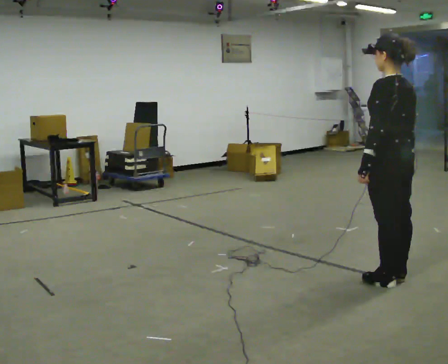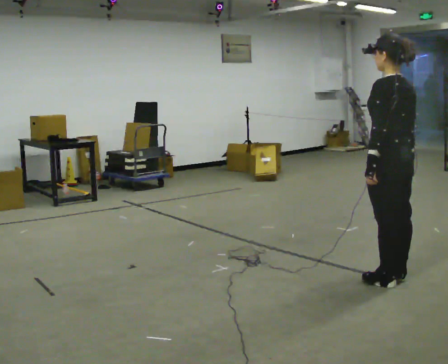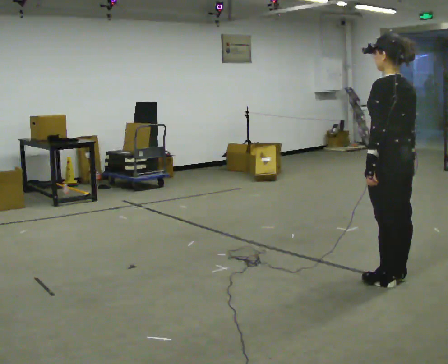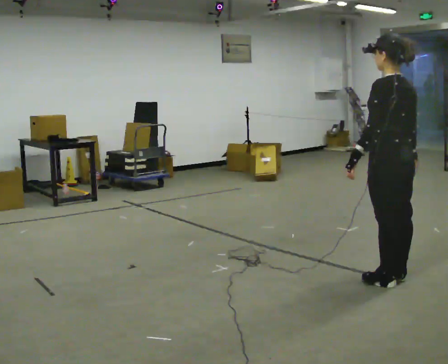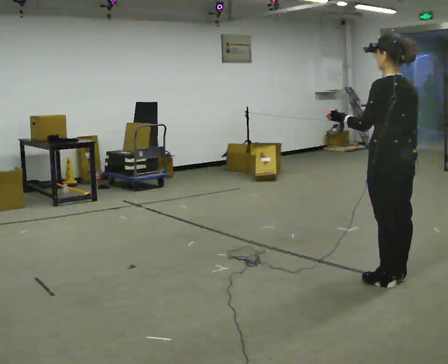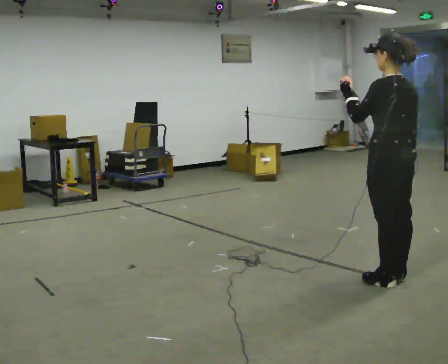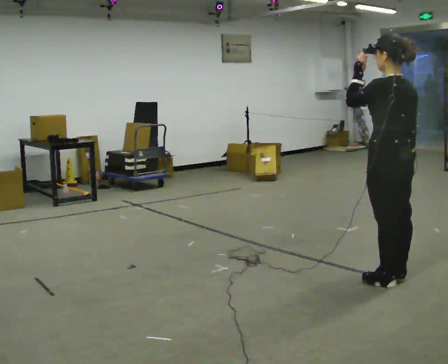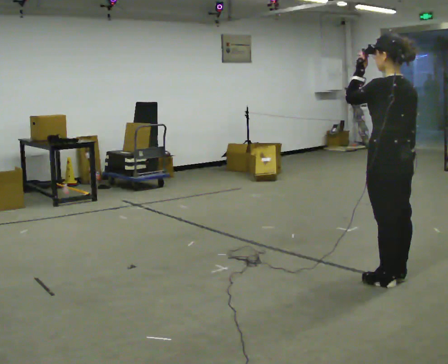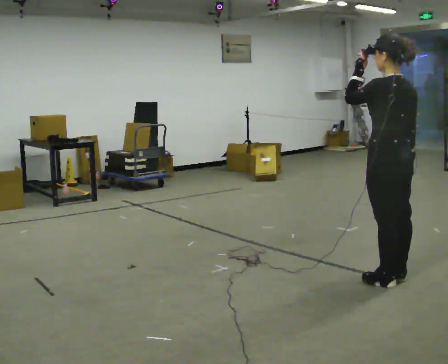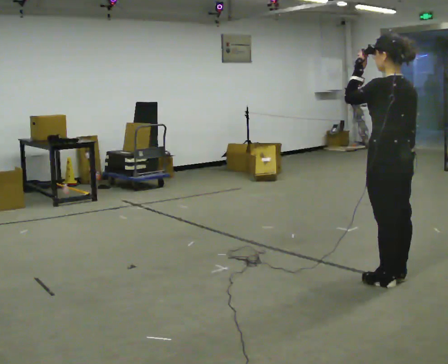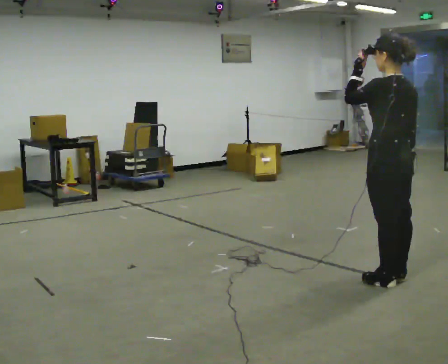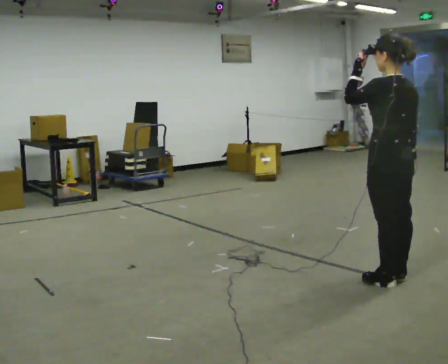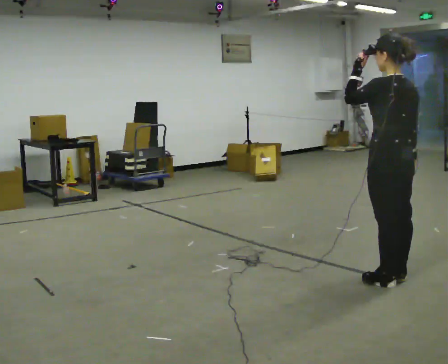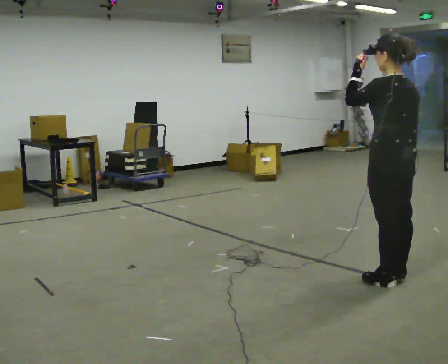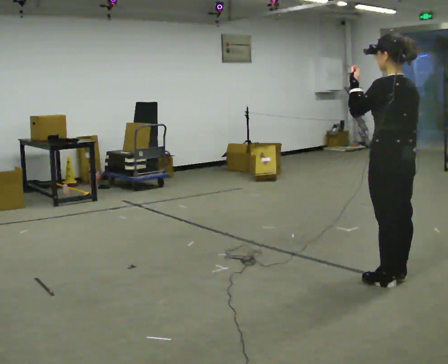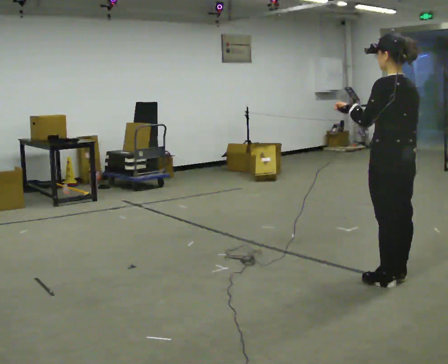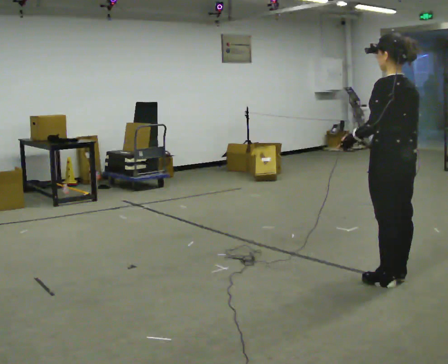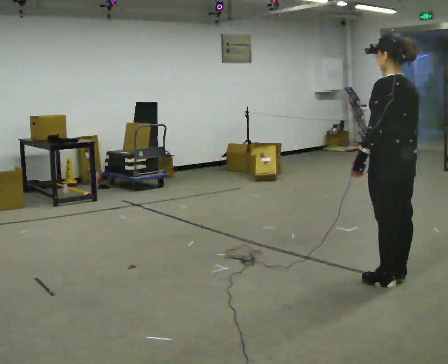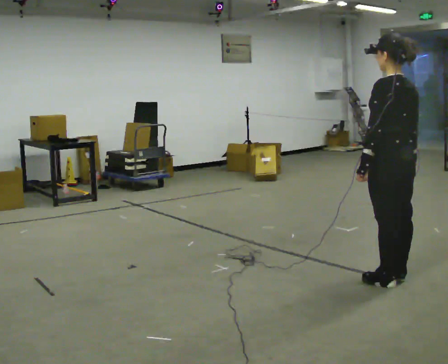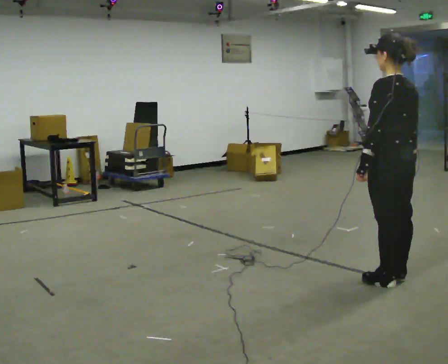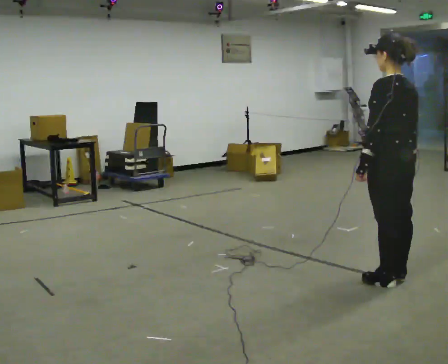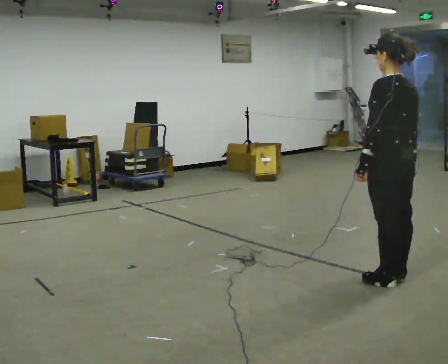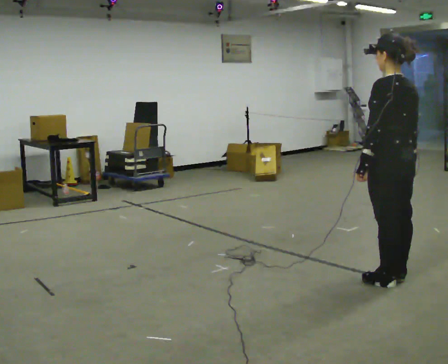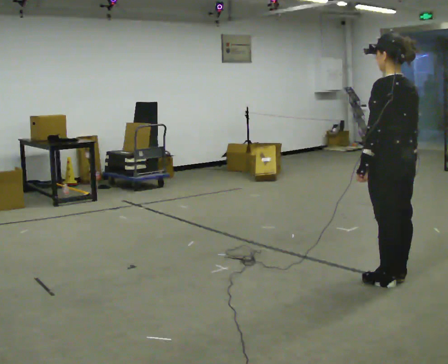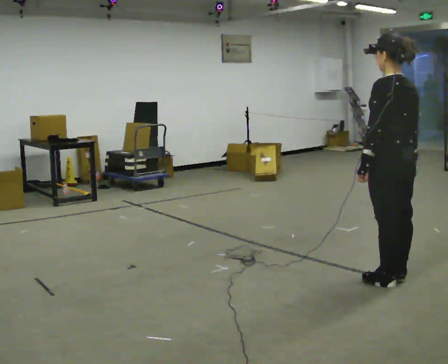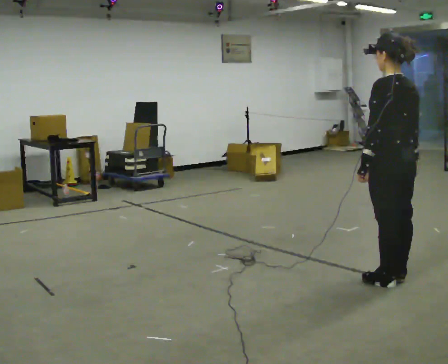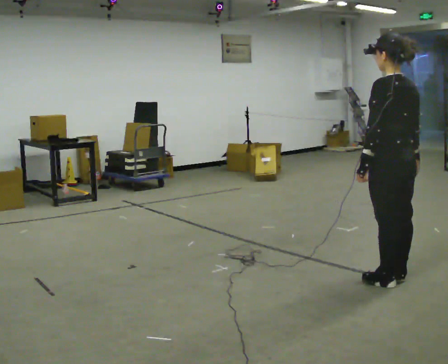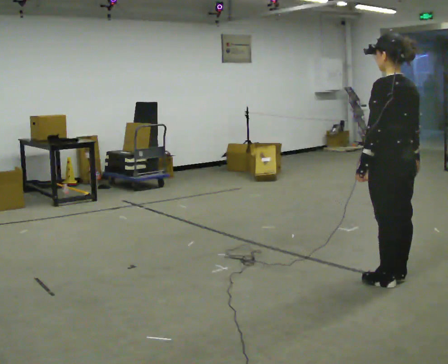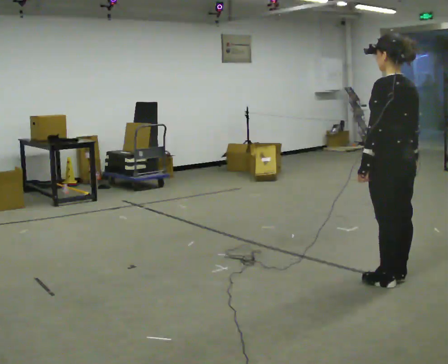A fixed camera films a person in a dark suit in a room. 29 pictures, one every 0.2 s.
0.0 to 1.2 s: In the picture their left hand goes upward.
1.2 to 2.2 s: The person moves a little, or ends about where they began.
2.2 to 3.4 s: In the picture their left hand goes downward.
3.4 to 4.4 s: The person moves a little, or ends about where they began.
4.4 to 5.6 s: The person keeps their place and pose.
The film runs backward here.
